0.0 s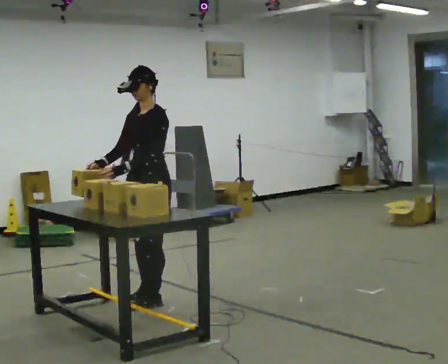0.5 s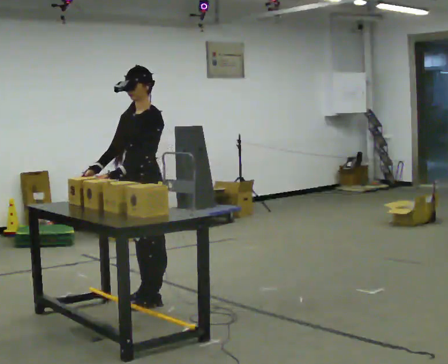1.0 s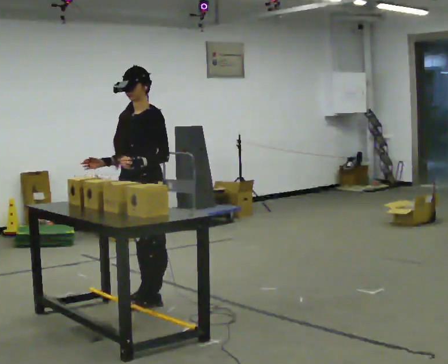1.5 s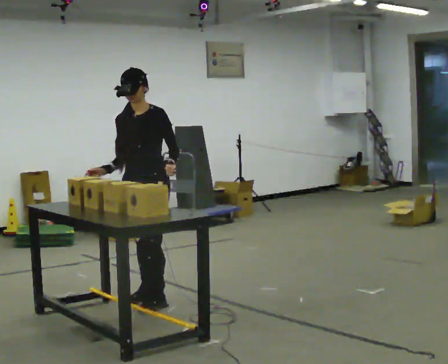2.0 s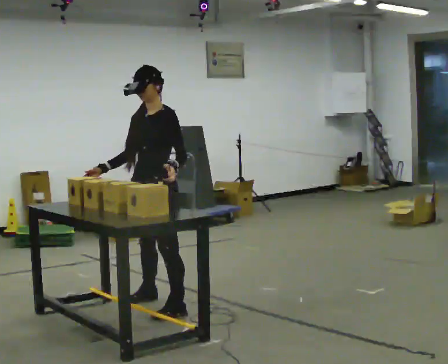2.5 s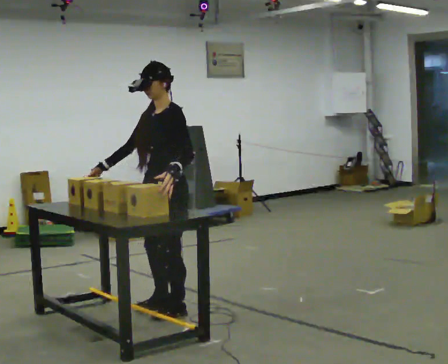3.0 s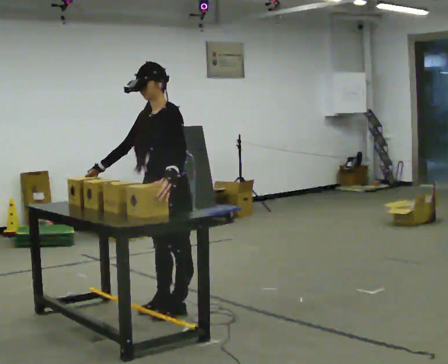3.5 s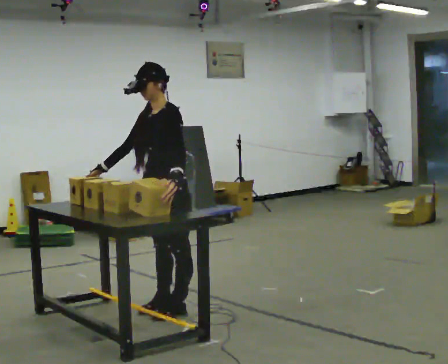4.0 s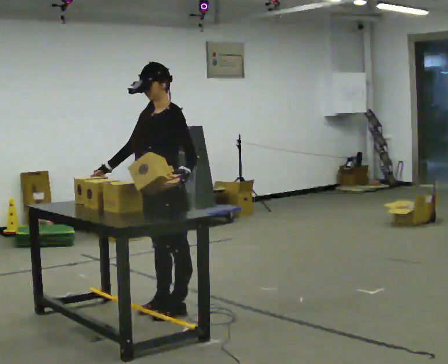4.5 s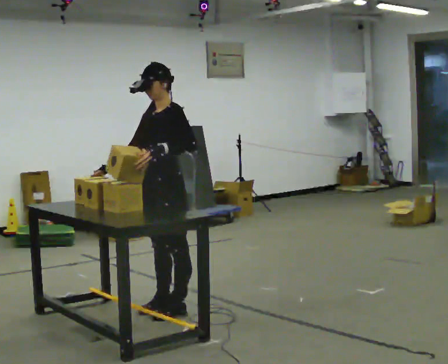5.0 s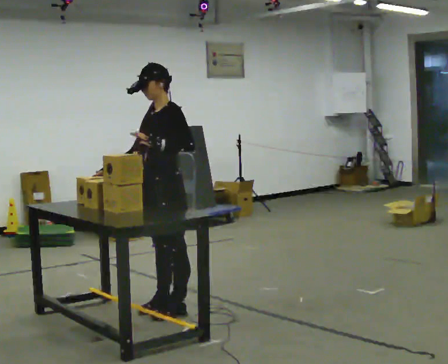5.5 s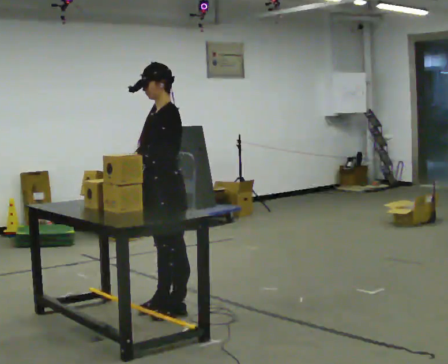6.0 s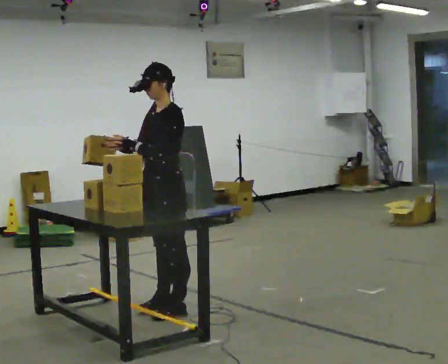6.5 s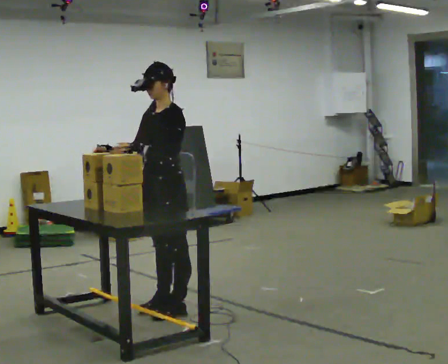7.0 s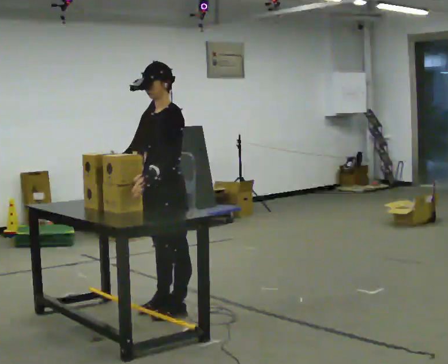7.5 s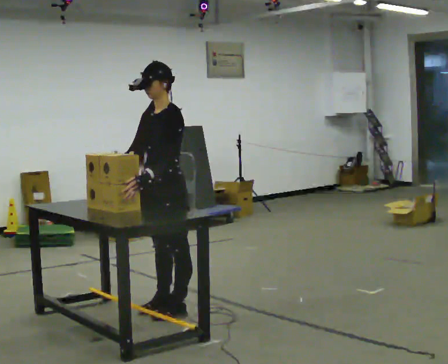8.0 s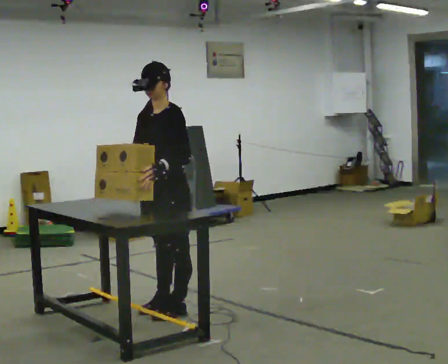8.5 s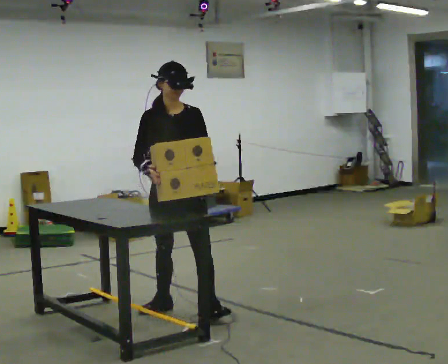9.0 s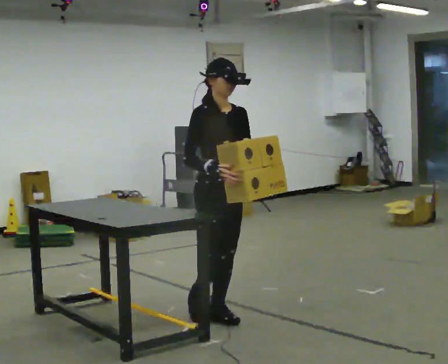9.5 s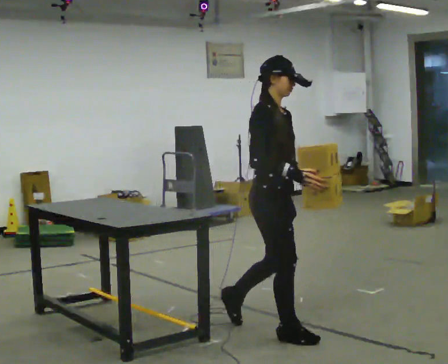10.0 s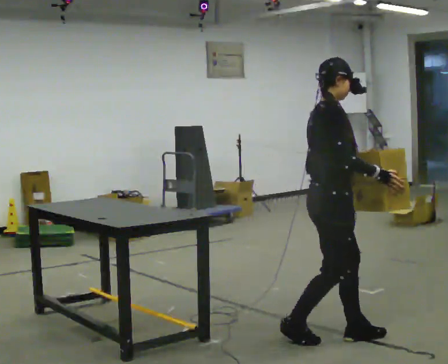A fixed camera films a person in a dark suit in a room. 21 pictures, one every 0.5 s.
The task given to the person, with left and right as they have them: Pick up the next box in the row and carry it to the table. The operator will not tell you how heavy each one is. Keep going until the operator says stop; one object at a time, and do not rush between trips.
0.0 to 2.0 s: In the picture they go toward the camera, about 0.25 m in 1 step, which for them is to their left and forward.
2.0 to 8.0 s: The person moves a little, or ends about where they began.
8.0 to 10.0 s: Seen from above the body turns counterclockwise, about 135 degrees: to their left, with its near side sliding to the right. In the picture they go toward the camera and to the right, about 1 m in 3 steps.
The film runs forward here.
